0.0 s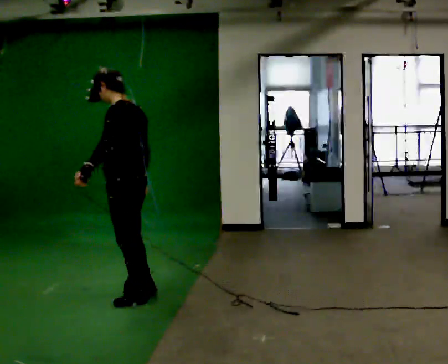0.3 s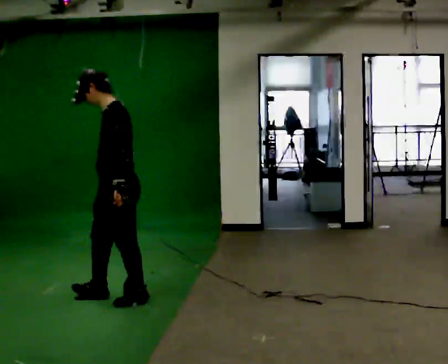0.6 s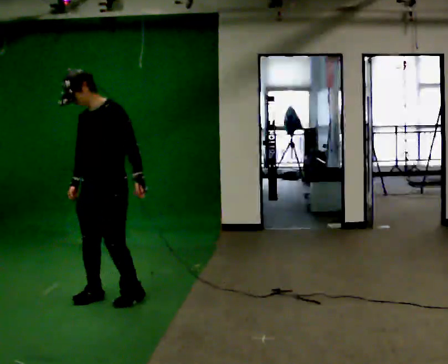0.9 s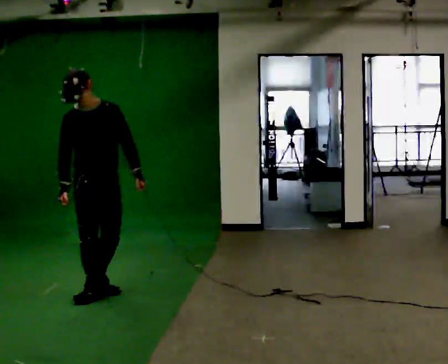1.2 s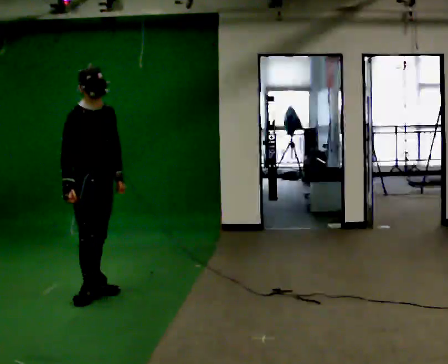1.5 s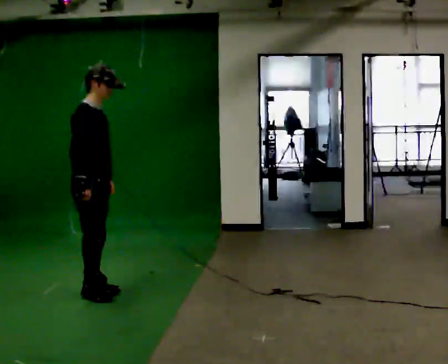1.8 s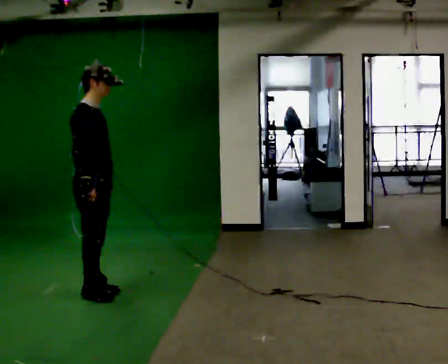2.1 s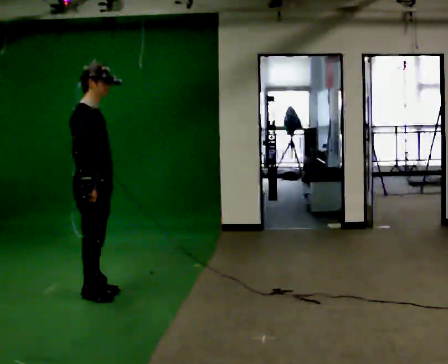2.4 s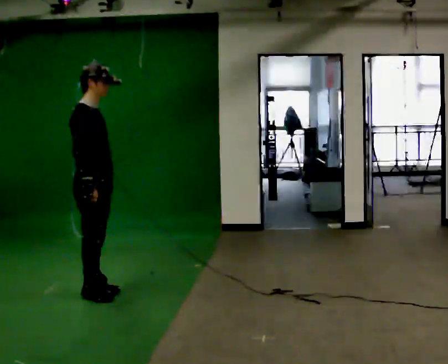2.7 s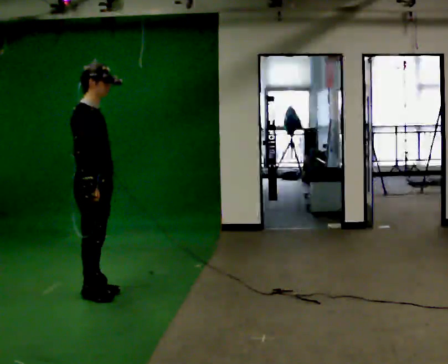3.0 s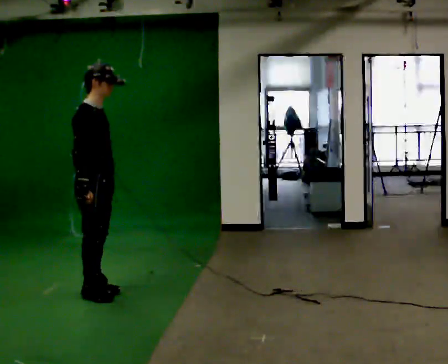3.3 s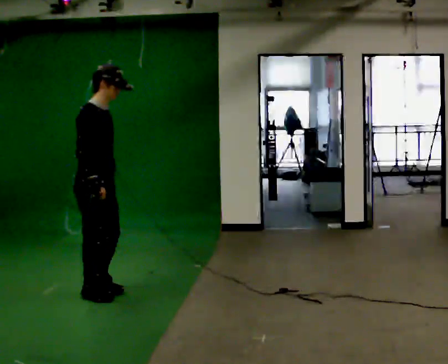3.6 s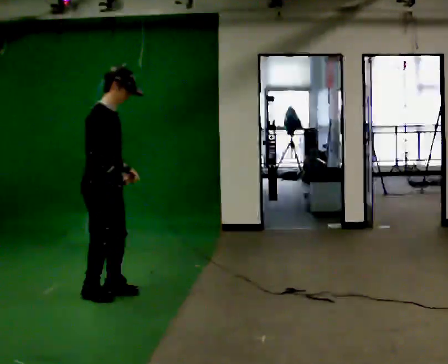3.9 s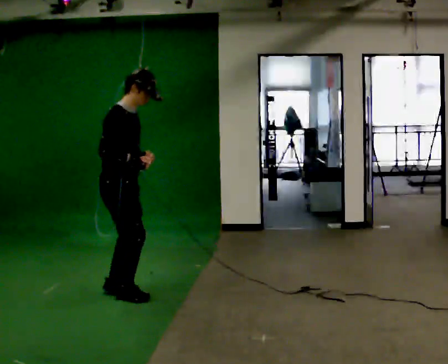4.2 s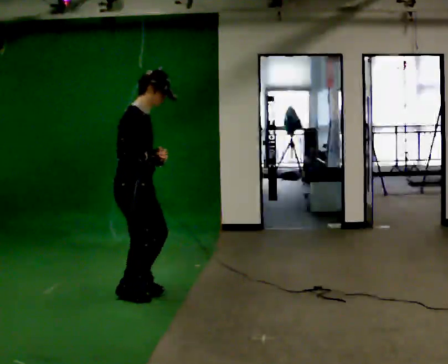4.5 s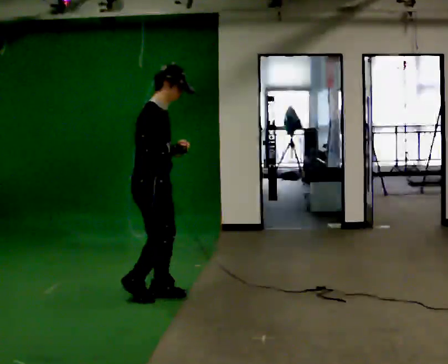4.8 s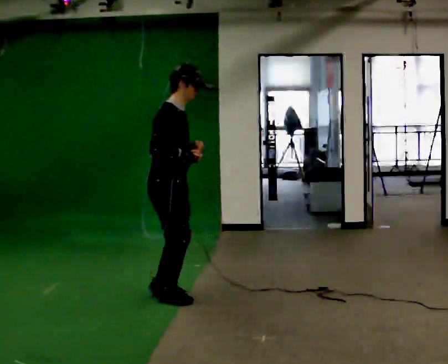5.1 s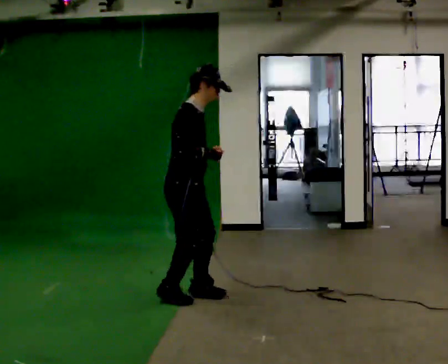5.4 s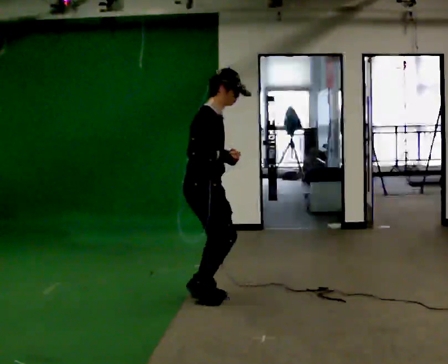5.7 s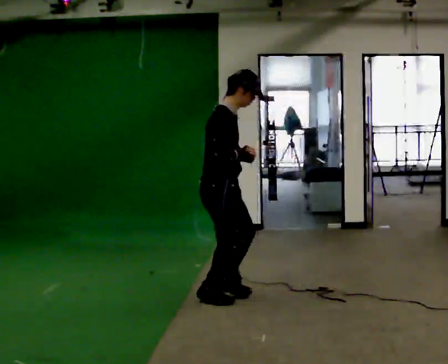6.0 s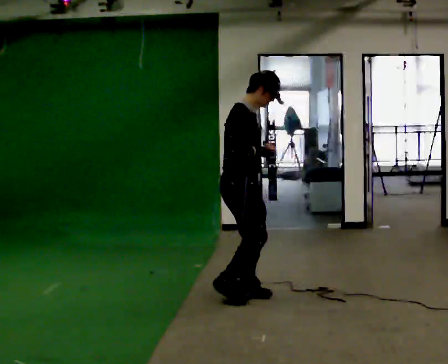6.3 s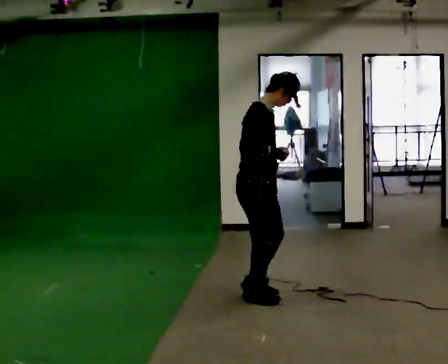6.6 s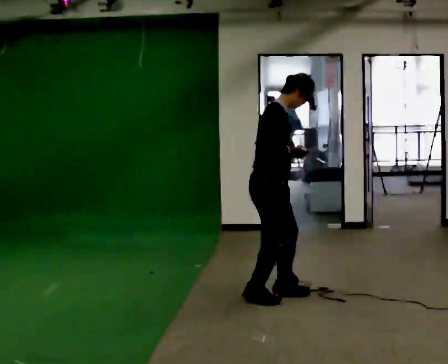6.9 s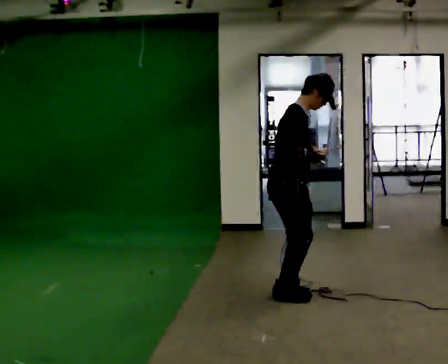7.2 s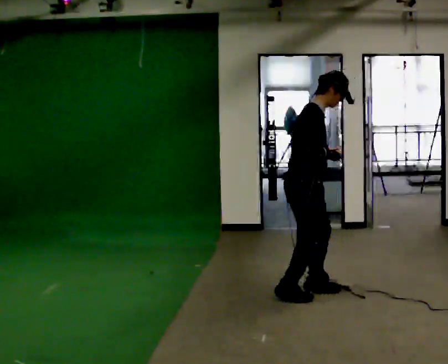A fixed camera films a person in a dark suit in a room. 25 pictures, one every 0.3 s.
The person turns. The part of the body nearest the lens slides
to the right.
The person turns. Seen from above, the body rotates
counterclockwise.
0.0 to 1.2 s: Seen from above the body turns counterclockwise, about 150 degrees: to their left, with its near side sliding to the right. In the picture they go to the left, about 0.25 m in 2 steps.
1.2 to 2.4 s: The part of the body nearest the lens slides to the right as the person turns to their left by about 30 degrees.
2.4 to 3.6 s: The person moves a little, or ends about where they began.
3.6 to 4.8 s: In the picture they go to the right, about 0.5 m in 3 steps, which for them is forward.
4.8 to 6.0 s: In the picture they go to the right, about 0.5 m in 4 steps, which for them is forward.
6.0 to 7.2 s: In the picture they go to the right, about 0.5 m in 3 steps, which for them is forward.
The film runs backward here.
